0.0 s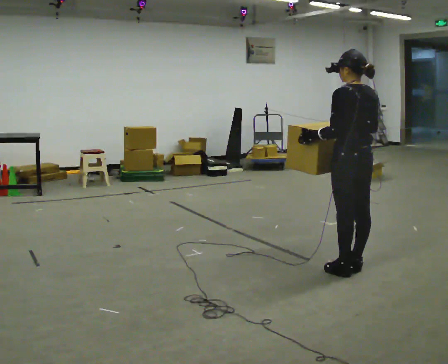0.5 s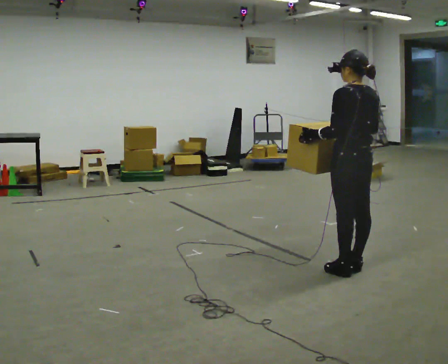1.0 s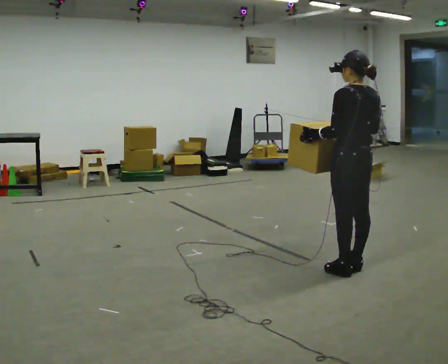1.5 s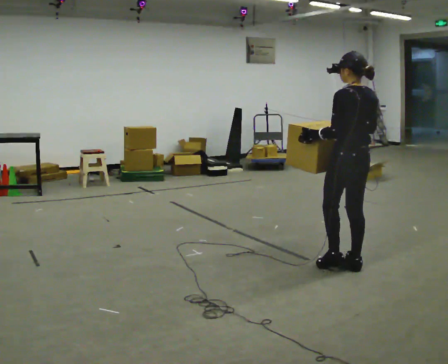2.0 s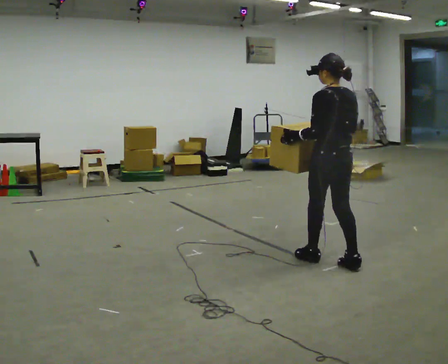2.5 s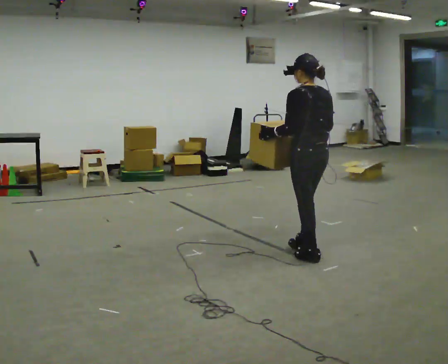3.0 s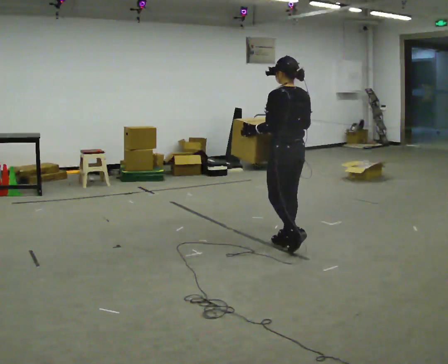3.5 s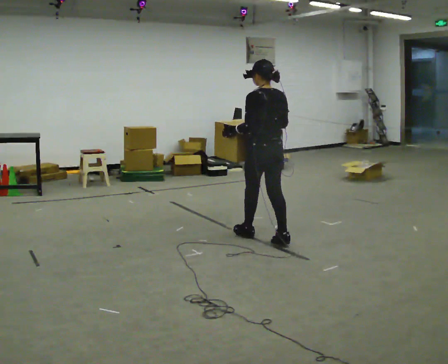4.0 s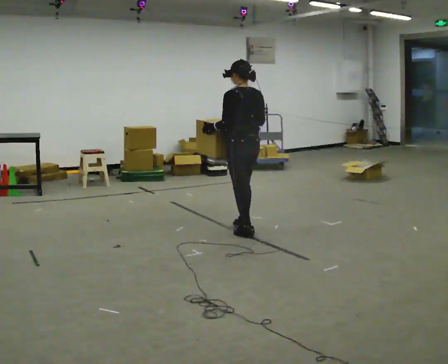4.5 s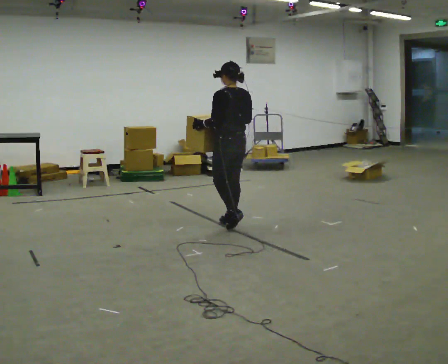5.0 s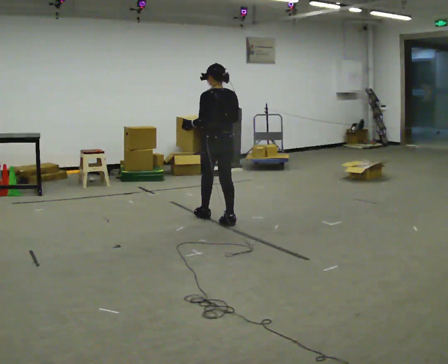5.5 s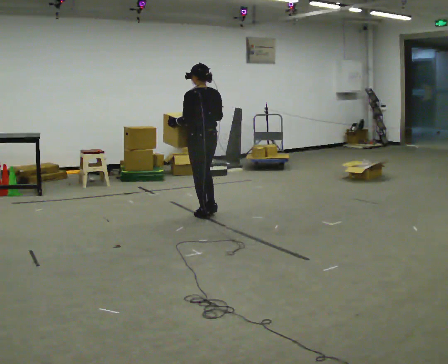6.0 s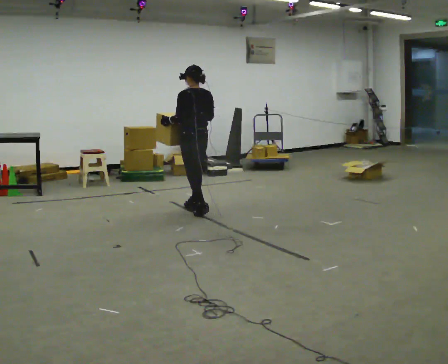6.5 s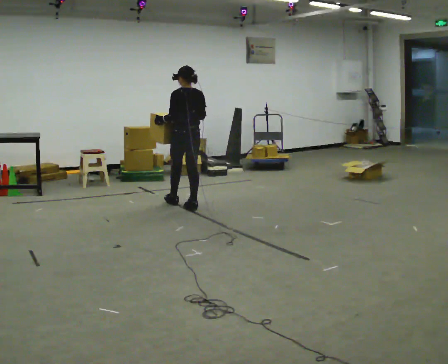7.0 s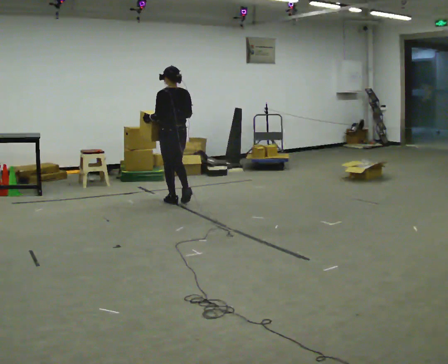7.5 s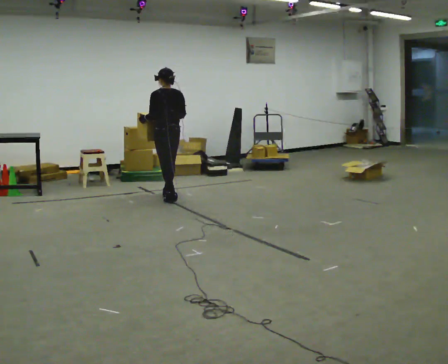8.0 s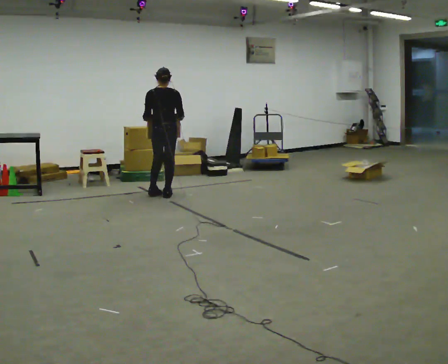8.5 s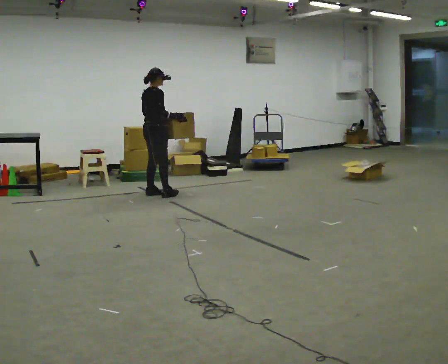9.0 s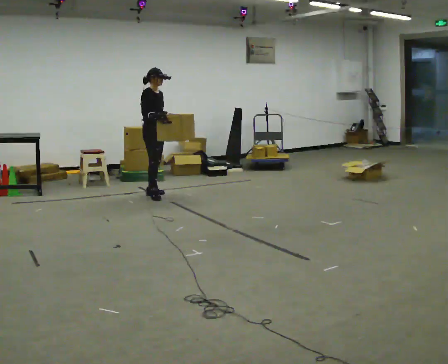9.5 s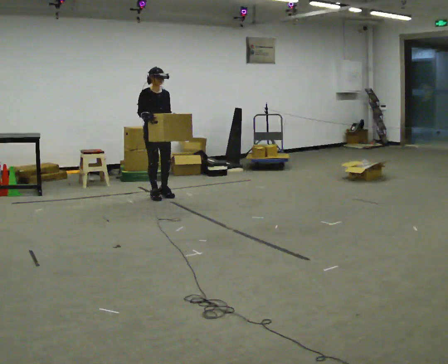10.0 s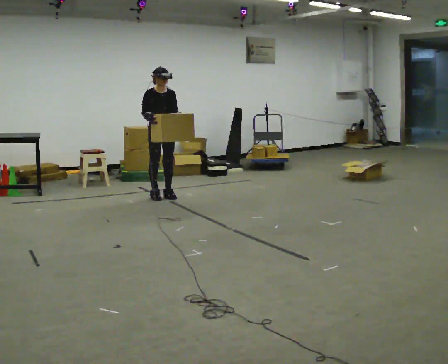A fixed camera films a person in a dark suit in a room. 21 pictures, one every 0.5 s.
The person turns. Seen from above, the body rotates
clockwise.
The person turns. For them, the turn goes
to their right.
0.0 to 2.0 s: In the picture they go away from the camera, about 0.25 m in 1 step, which for them is forward.
2.0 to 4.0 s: In the picture they go away from the camera and to the left, about 1 m in 2 steps, which for them is forward.
4.0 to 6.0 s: In the picture they go away from the camera and to the left, about 1 m in 3 steps, which for them is forward.
6.0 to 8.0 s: The part of the body nearest the lens slides to the left as the person turns to their right by about 30 degrees. In the picture they go away from the camera and to the left, about 1 m in 2 steps, which for them is forward.
8.0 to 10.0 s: The person turns about 150 degrees to their right, clockwise seen from above, so the part of the body nearest the lens slides to the left.
The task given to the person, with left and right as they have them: Carry the box across the room much more slowly and carefully than normal, back and forth.
The film runs forward here.
